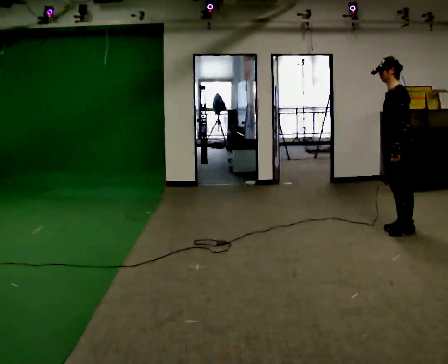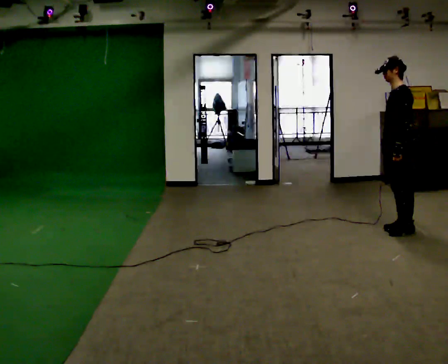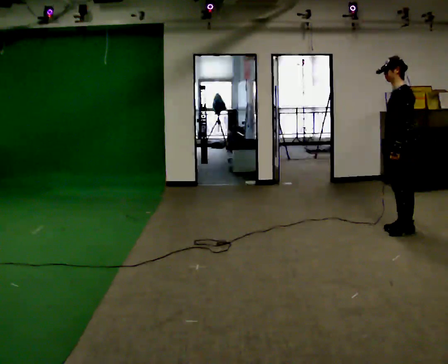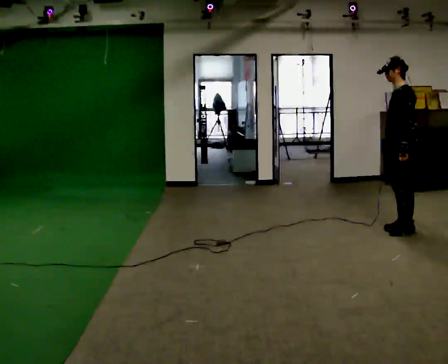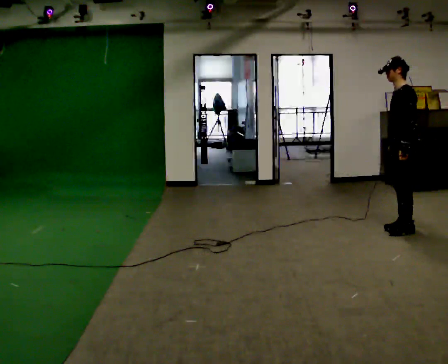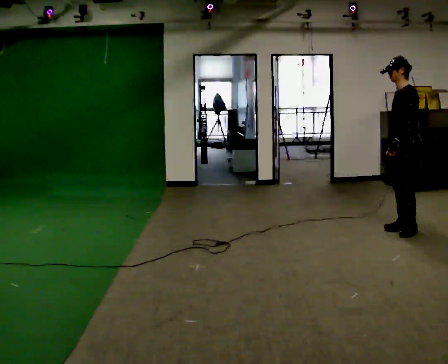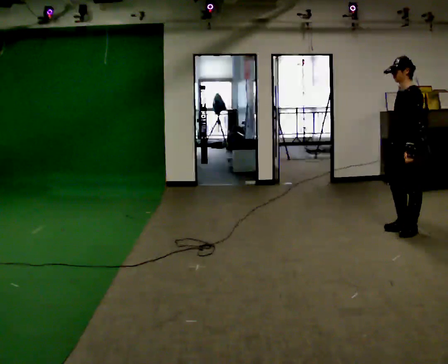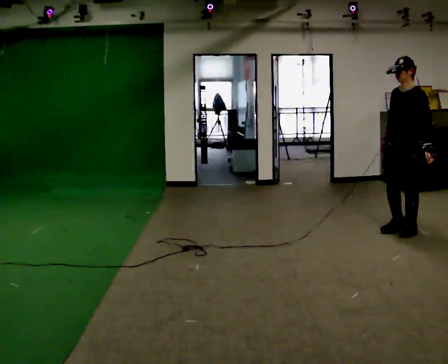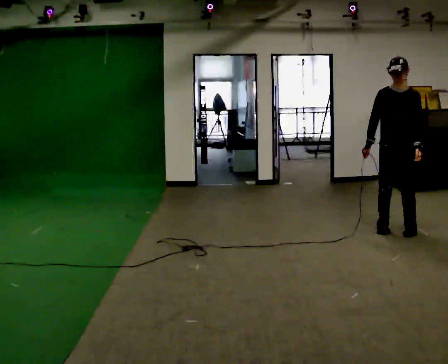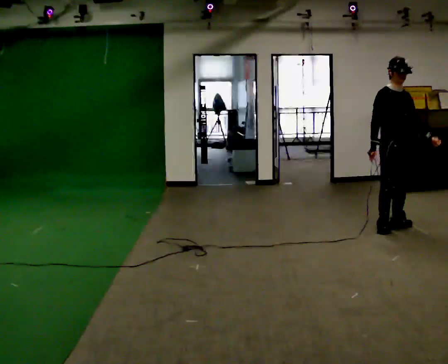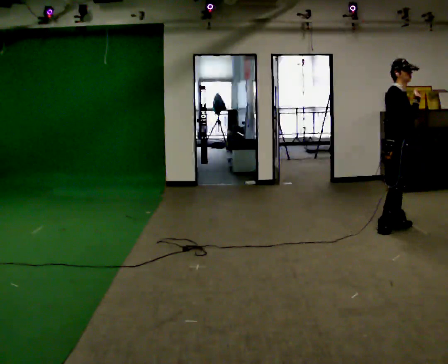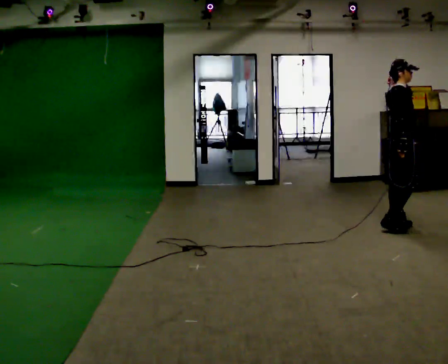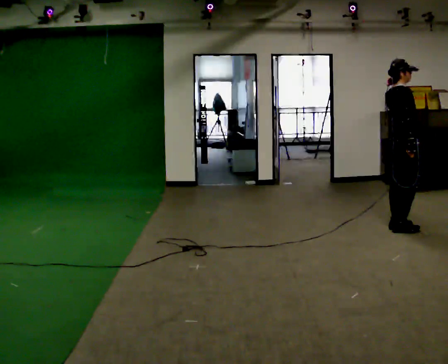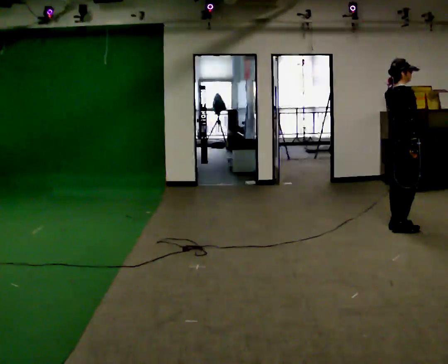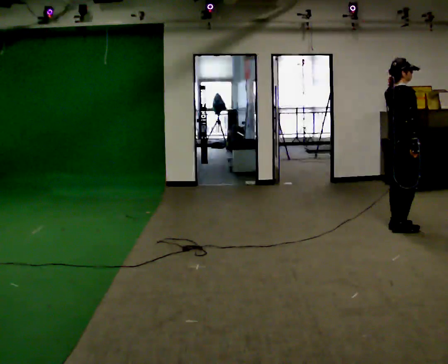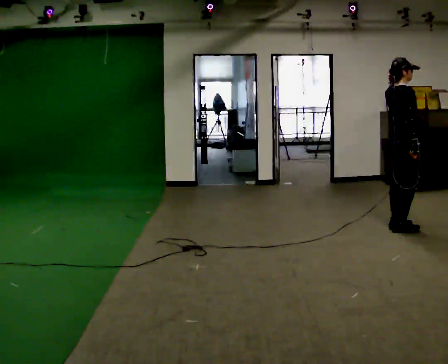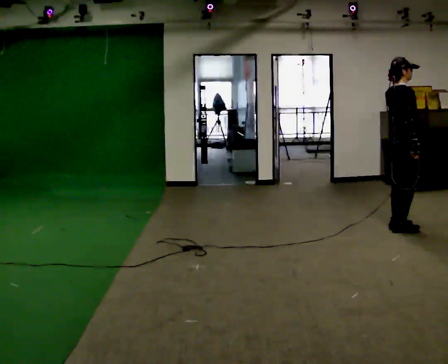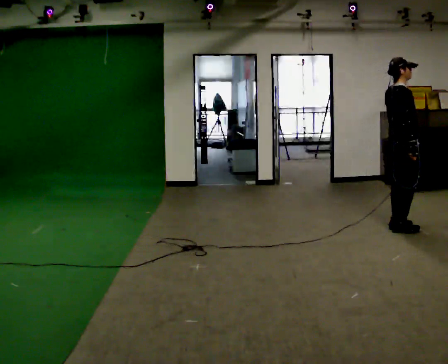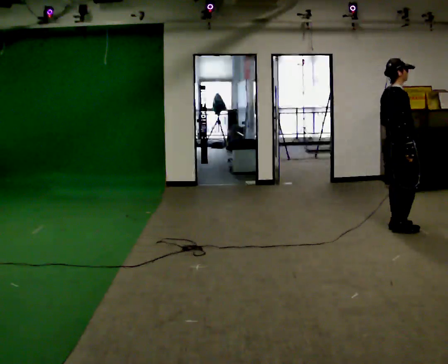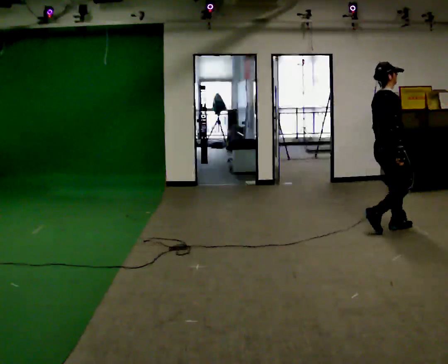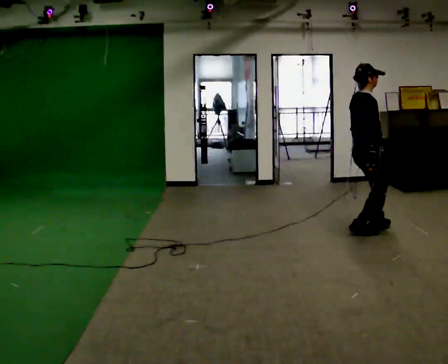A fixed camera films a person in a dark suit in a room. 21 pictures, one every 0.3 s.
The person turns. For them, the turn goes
to their left.
The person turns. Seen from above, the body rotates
counterclockwise.
0.0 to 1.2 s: The person moves a little, or ends about where they began.
1.2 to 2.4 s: The part of the body nearest the lens slides to the right as the person turns to their left by about 75 degrees.
2.4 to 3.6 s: Seen from above the body turns counterclockwise, about 105 degrees: to their left, with its near side sliding to the right. In the picture their left hand goes upward.
3.6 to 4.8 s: The person moves a little, or ends about where they began.
4.8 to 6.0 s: In the picture they go to the left, about 0.25 m in 2 steps, which for them is backward. In the picture their left hand goes downward.
The film runs backward here.
